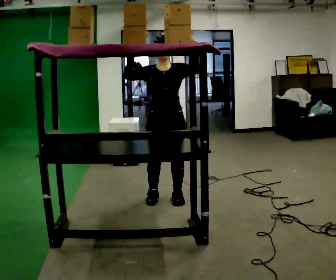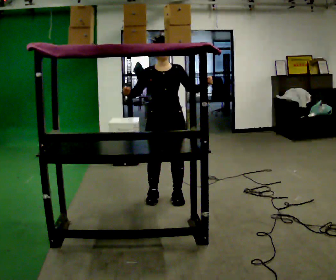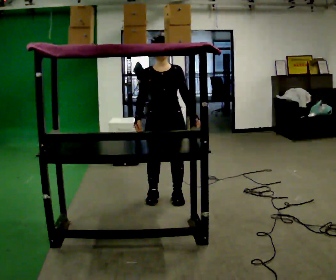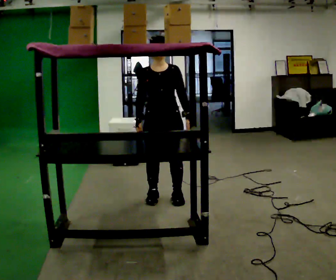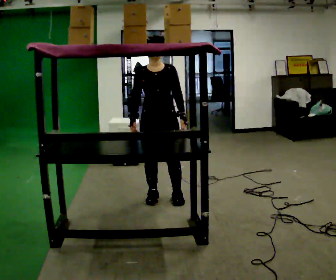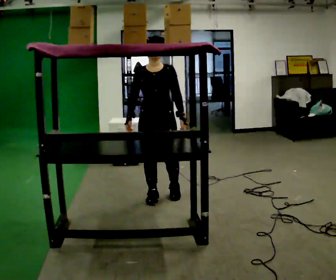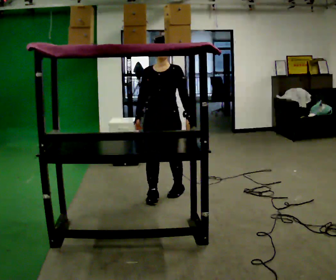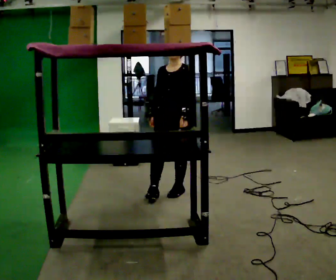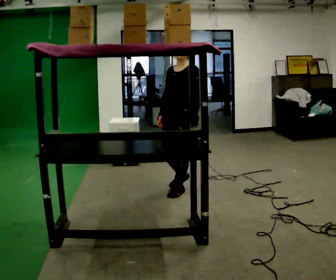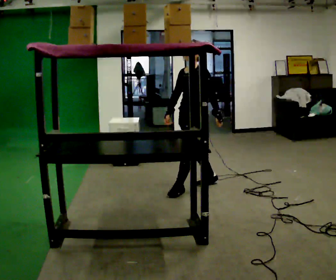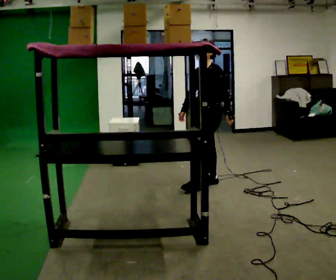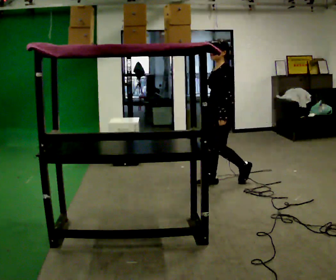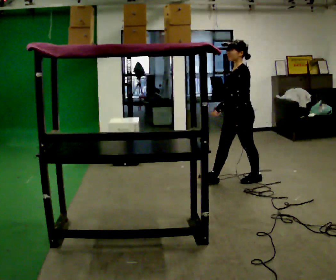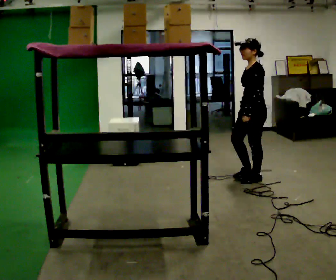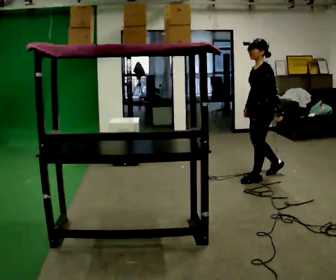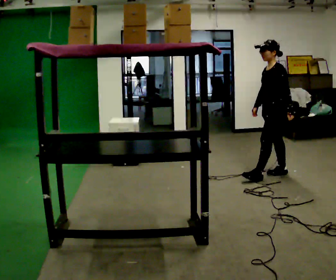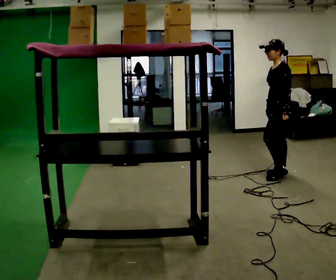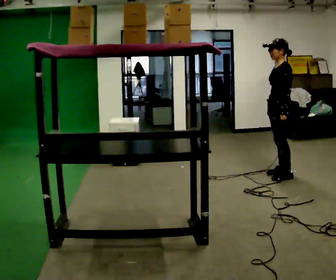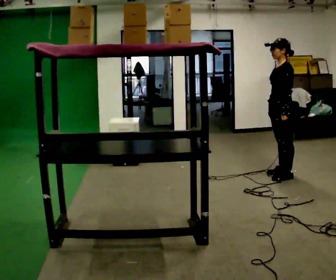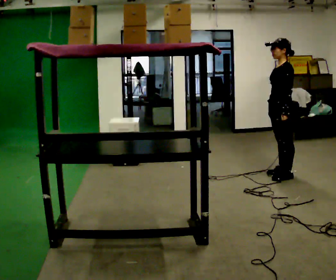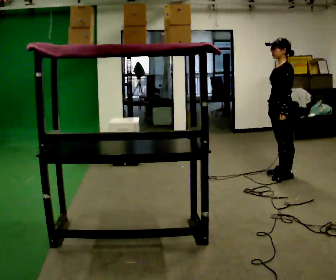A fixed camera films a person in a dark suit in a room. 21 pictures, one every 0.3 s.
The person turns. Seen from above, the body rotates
clockwise.
The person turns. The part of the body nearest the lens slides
to the left.
0.0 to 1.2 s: In the picture their left hand goes downward, the arm swinging clockwise.
1.2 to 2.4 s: Seen from above the body turns clockwise, about 45 degrees: to their right, with its near side sliding to the left. In the picture they go away from the camera and to the right, about 0.25 m in 2 steps, which for them is backward and to their left.
2.4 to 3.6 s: The person turns about 30 degrees to their right, clockwise seen from above, so the part of the body nearest the lens slides to the left. In the picture they go to the right and away from the camera, about 0.75 m in 1 step, which for them is backward.
3.6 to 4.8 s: In the picture they go to the right and away from the camera, about 0.5 m in 2 steps, which for them is backward.
4.8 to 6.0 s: The person moves a little, or ends about where they began.
The film runs backward here.
